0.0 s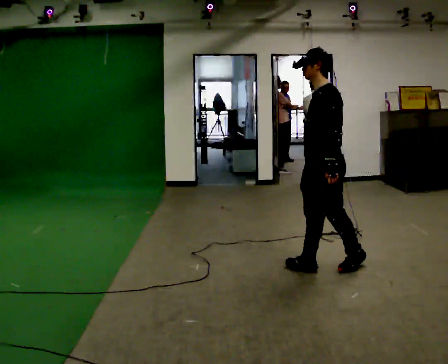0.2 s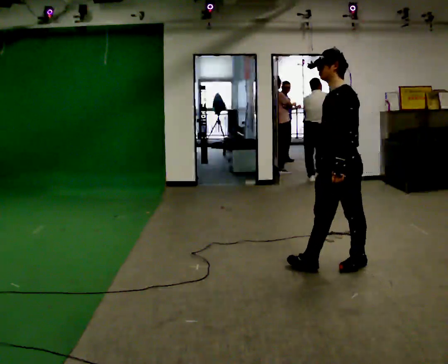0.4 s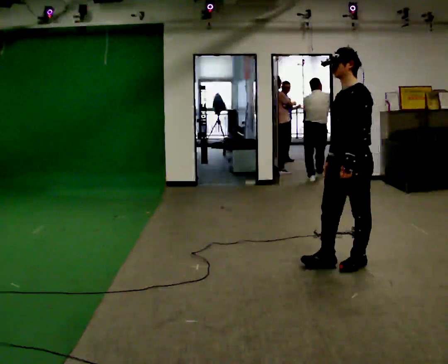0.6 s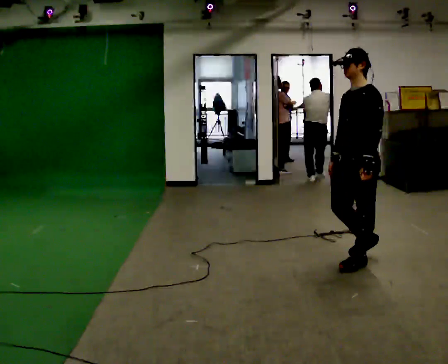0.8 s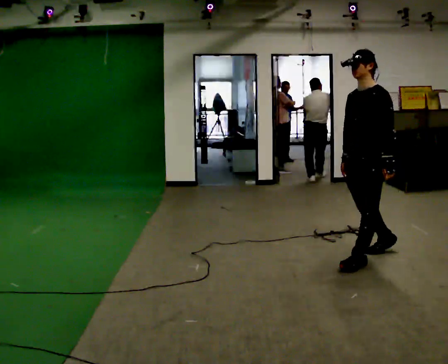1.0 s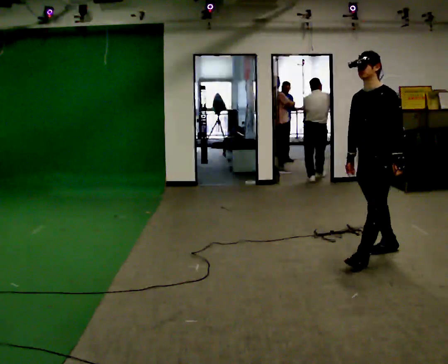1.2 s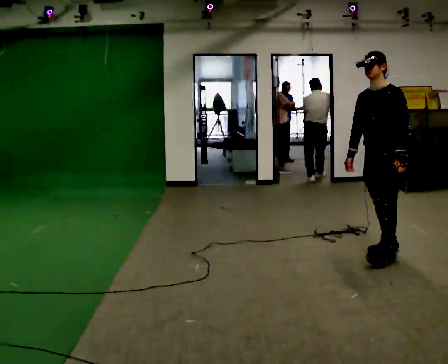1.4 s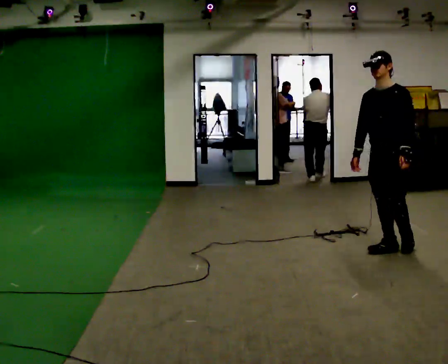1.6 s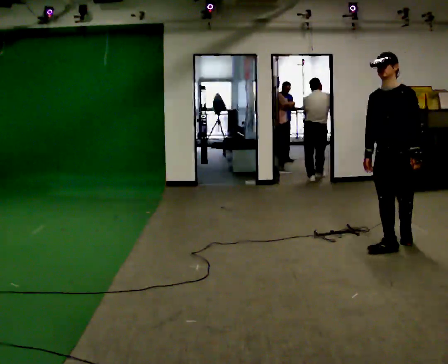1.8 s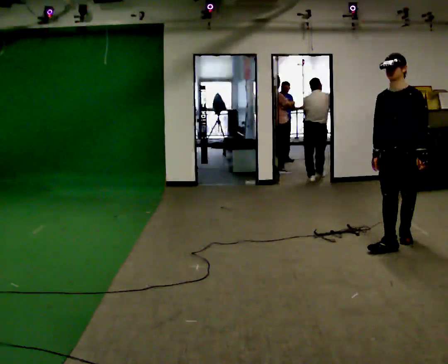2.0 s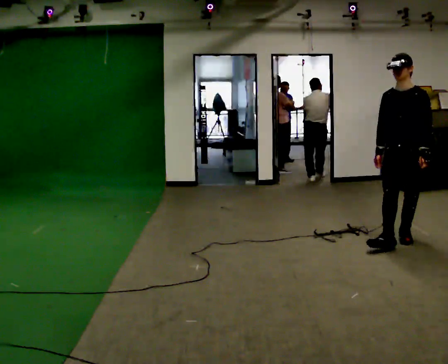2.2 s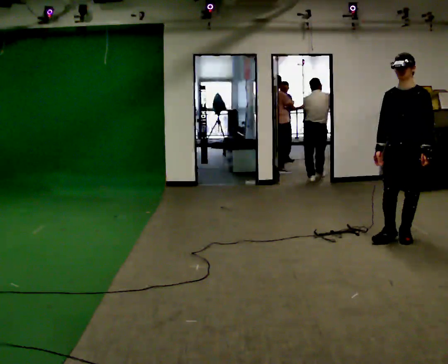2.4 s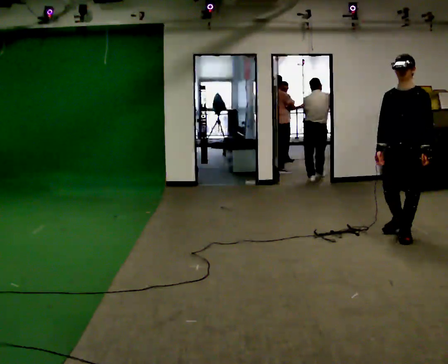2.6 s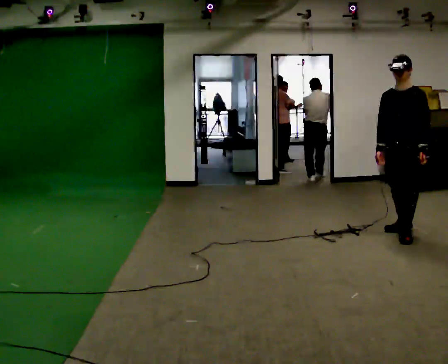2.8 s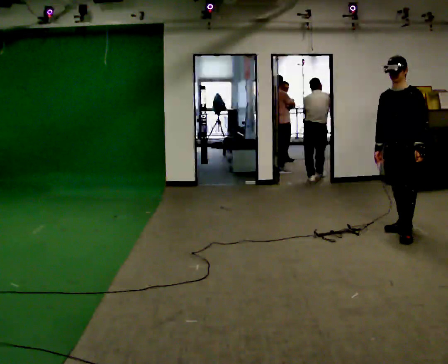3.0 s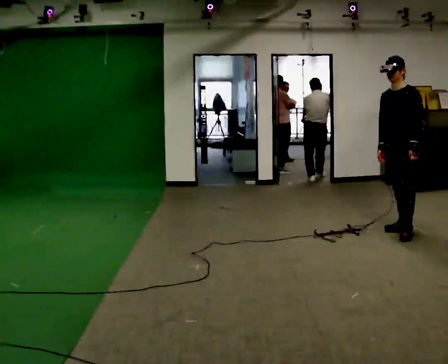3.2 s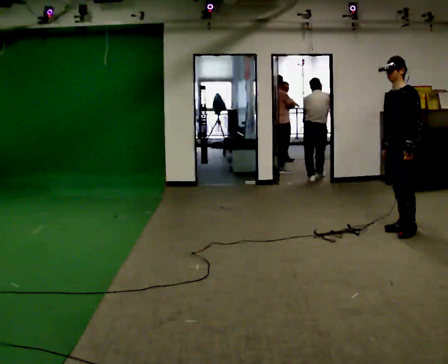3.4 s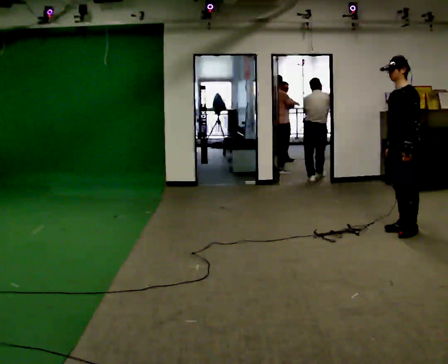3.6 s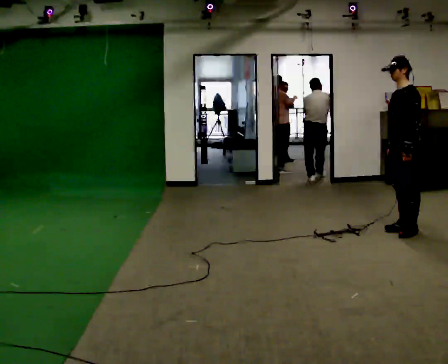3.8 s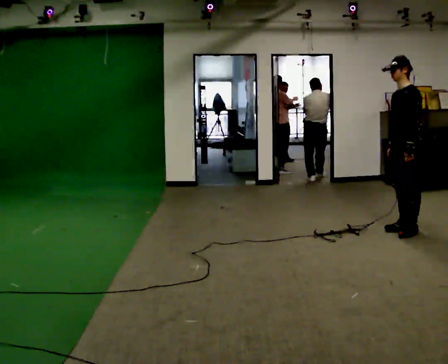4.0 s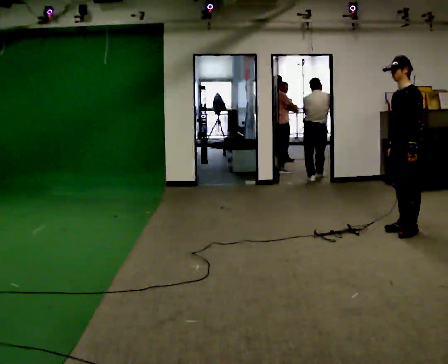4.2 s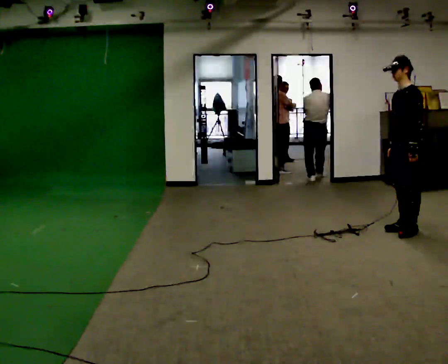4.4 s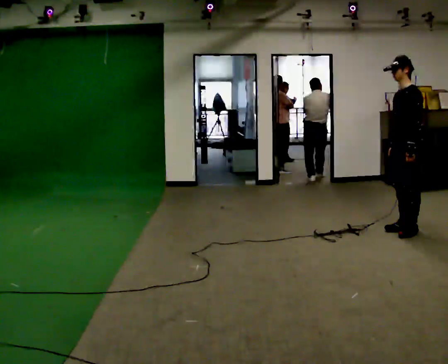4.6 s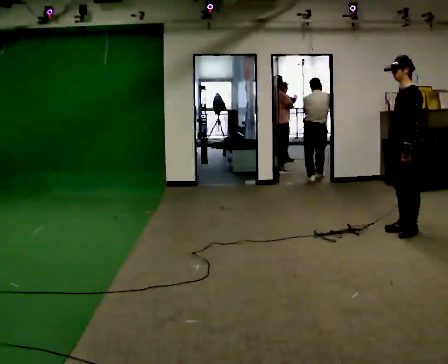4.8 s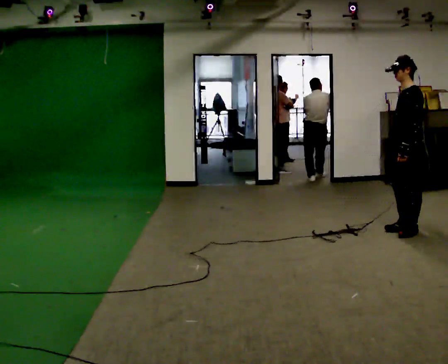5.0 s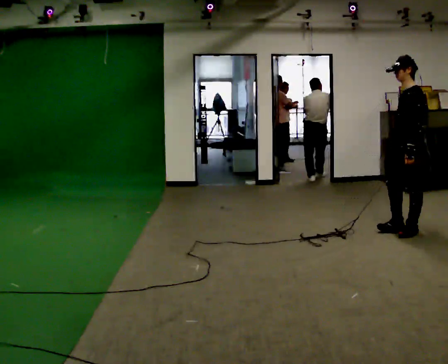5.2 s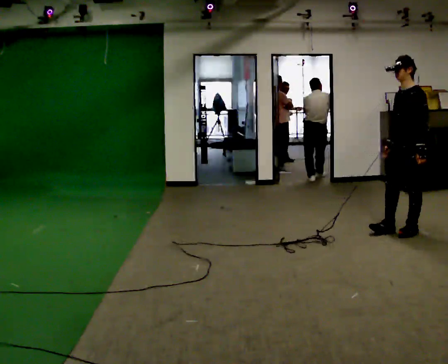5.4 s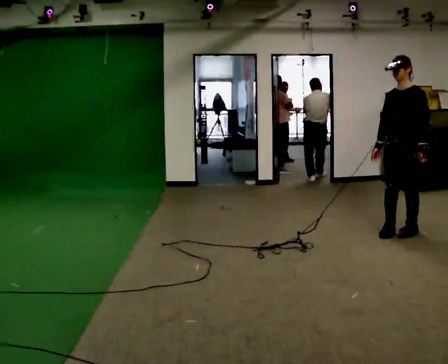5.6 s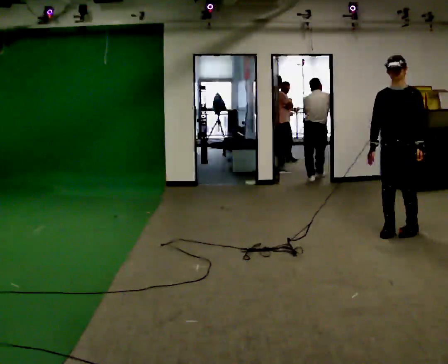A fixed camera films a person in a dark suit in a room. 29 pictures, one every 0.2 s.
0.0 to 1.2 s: The part of the body nearest the lens slides to the right as the person turns to their left by about 30 degrees. In the picture they go away from the camera and to the right, about 0.5 m in 2 steps, which for them is backward.
1.2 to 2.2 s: In the picture they go away from the camera and to the right, about 0.5 m in 1 step, which for them is backward.
2.2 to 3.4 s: The person turns about 45 degrees to their right, clockwise seen from above, so the part of the body nearest the lens slides to the left. In the picture they go away from the camera, about 0.25 m in 1 step, which for them is backward.
3.4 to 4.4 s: The person moves a little, or ends about where they began.
4.4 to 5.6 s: The person turns about 45 degrees to their left, counterclockwise seen from above, so the part of the body nearest the lens slides to the right.
The film runs backward here.
